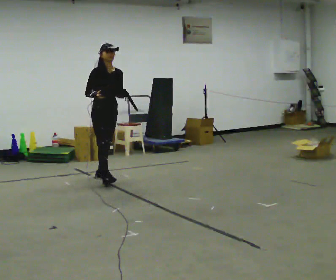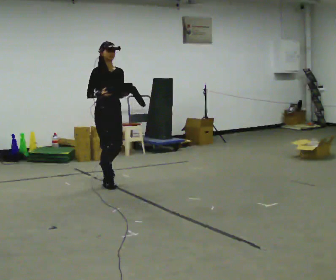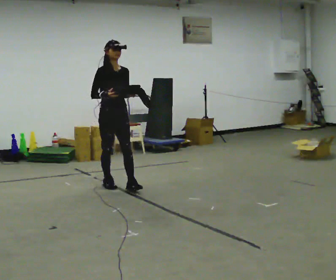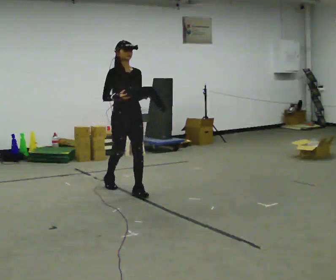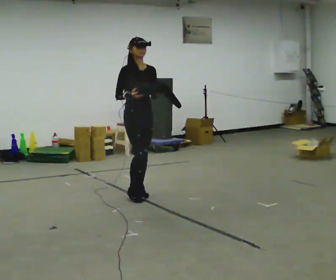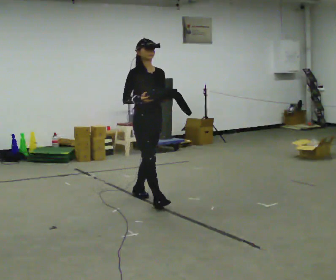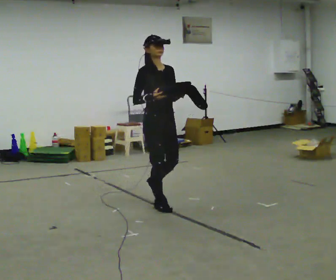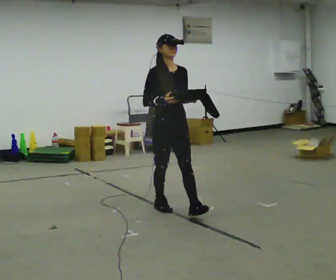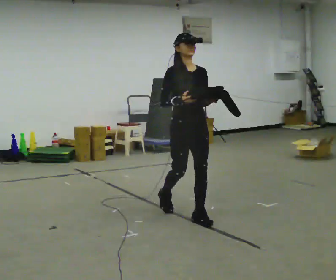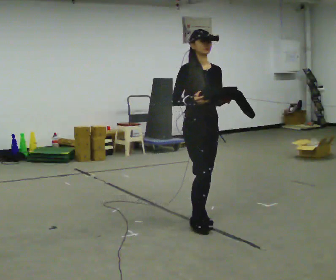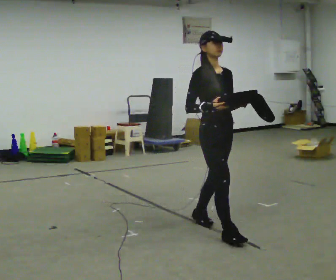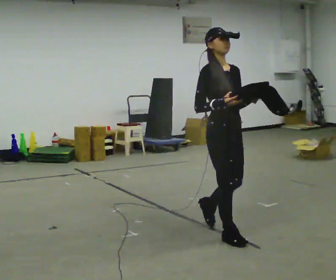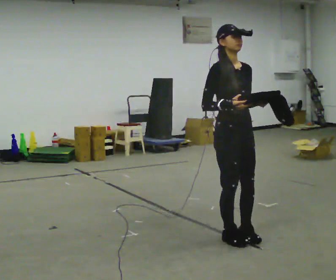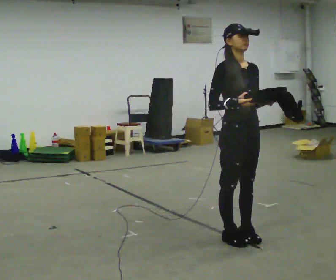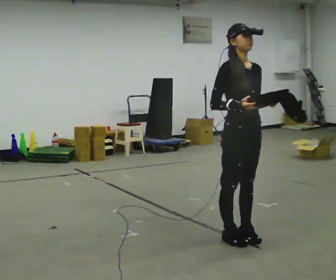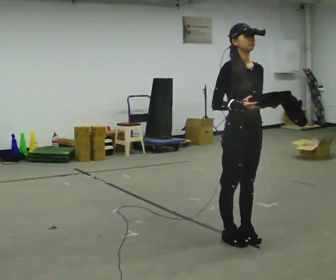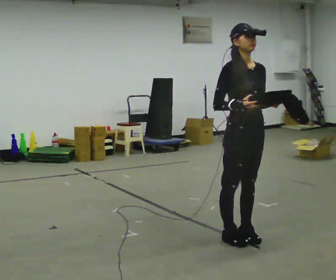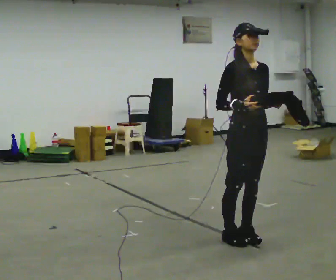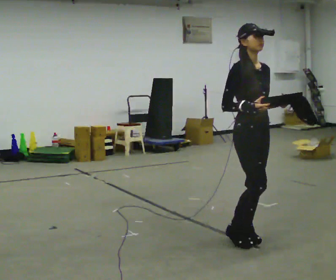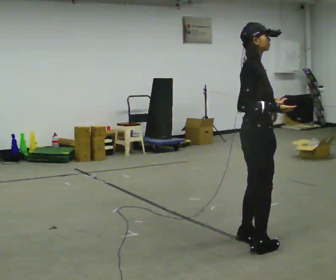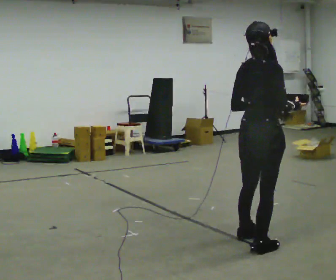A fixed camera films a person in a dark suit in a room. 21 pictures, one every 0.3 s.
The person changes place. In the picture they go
toward the camera.
0.0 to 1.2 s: In the picture they go toward the camera and to the right, about 1 m in 1 step, which for them is forward.
1.2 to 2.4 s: In the picture they go toward the camera and to the right, about 1 m in 2 steps, which for them is forward.
2.4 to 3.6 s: In the picture they go toward the camera and to the right, about 0.75 m in 2 steps, which for them is forward.
3.6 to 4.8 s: The person moves a little, or ends about where they began.
4.8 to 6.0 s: Seen from above the body turns counterclockwise, about 105 degrees: to their left, with its near side sliding to the right. In the picture they go toward the camera, about 0.25 m in 1 step. In the picture their right hand goes to the right.
The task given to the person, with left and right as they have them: Carry the object across the room. The lid hangs loose and will swing, so carry it however works. Keep going until the operator says stop; one object at a time, and do not rush between trips.
The film runs forward here.
